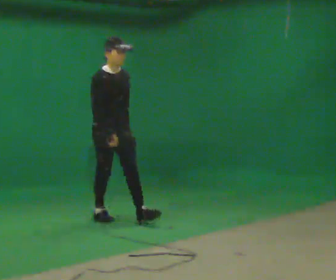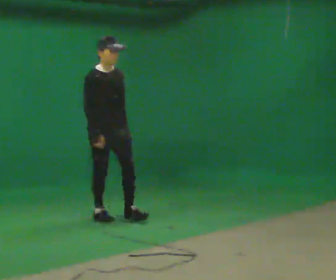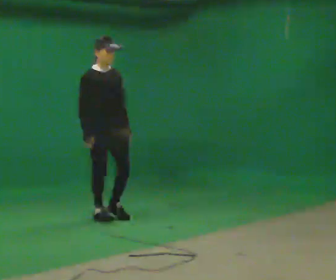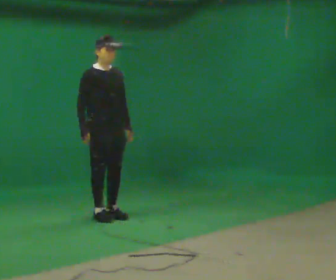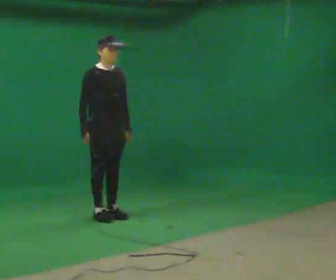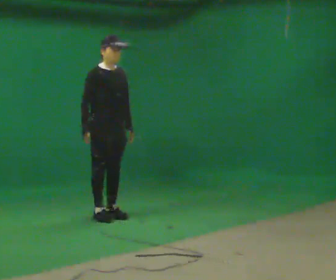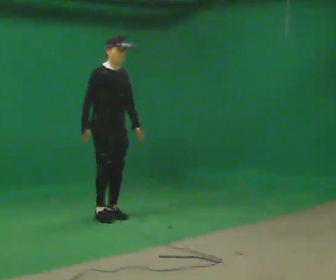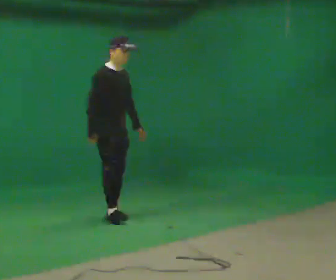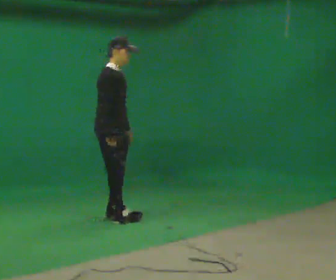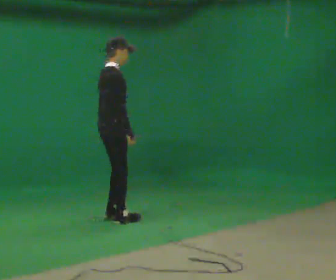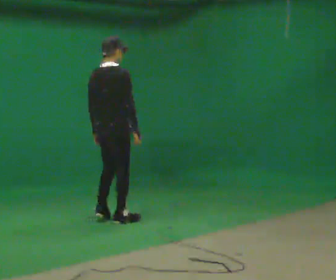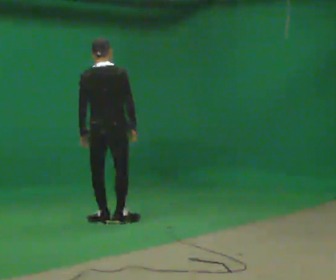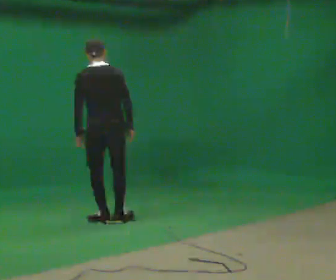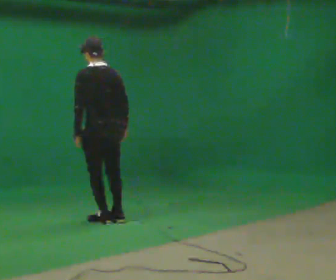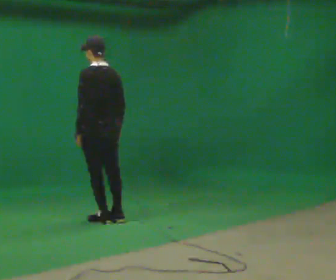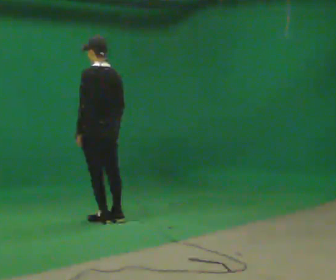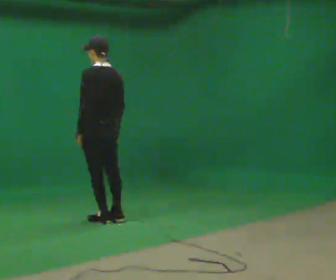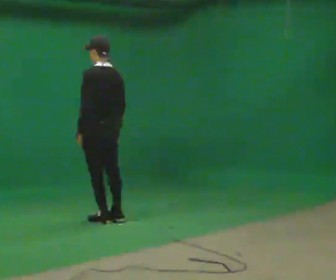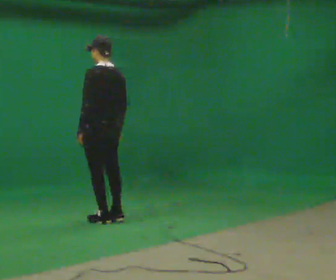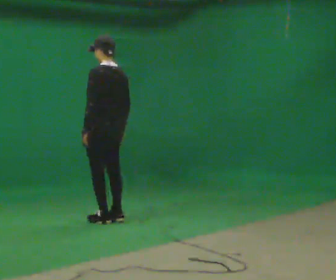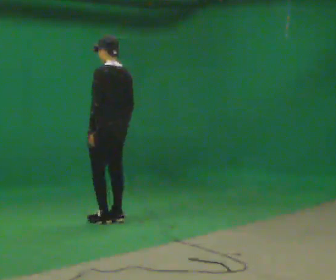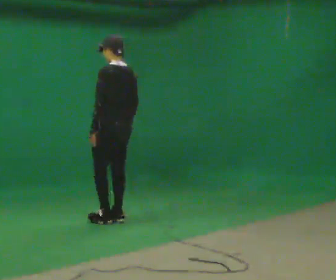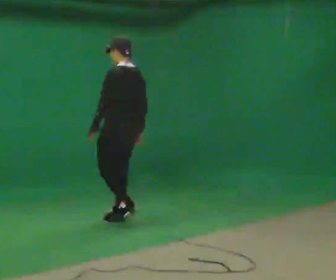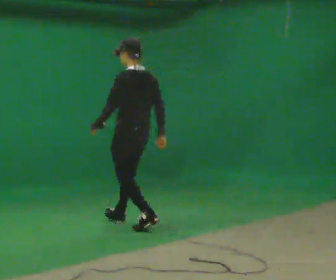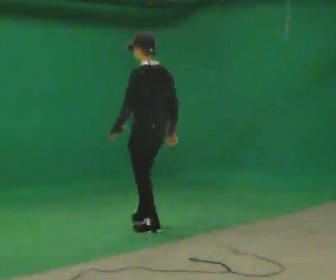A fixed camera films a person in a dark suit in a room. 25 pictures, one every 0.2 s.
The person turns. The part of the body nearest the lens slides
to the right.
The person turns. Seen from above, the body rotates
counterclockwise.
0.0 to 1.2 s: In the picture they go away from the camera, about 0.25 m in 1 step, which for them is backward.
1.2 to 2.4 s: Seen from above the body turns counterclockwise, about 135 degrees: to their left, with its near side sliding to the right. In the picture they go toward the camera, about 0.25 m in 1 step. In the picture their right hand goes to the right, the arm swinging counterclockwise.
2.4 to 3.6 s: Seen from above the body turns counterclockwise, about 30 degrees: to their left, with its near side sliding to the right.
3.6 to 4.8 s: In the picture they go toward the camera and to the right, about 0.75 m in 2 steps, which for them is backward.
The film runs backward here.
